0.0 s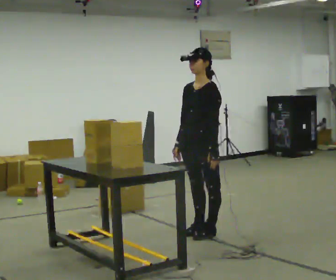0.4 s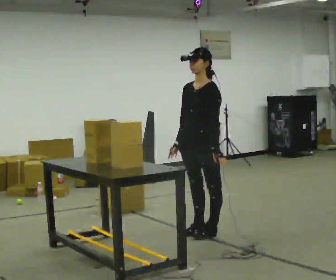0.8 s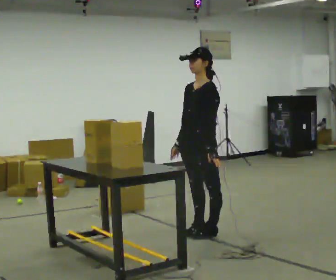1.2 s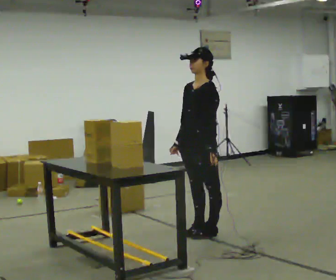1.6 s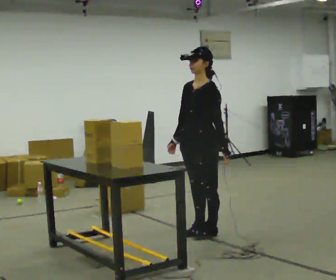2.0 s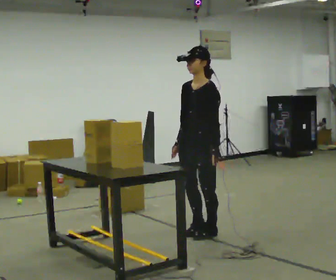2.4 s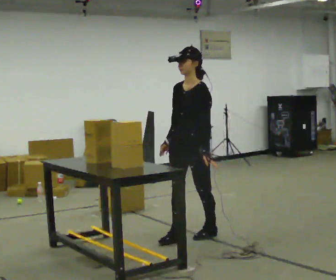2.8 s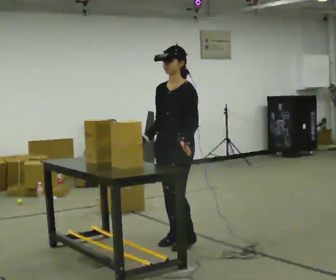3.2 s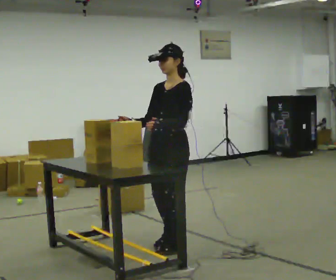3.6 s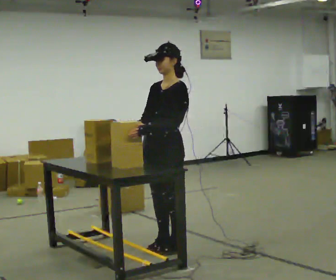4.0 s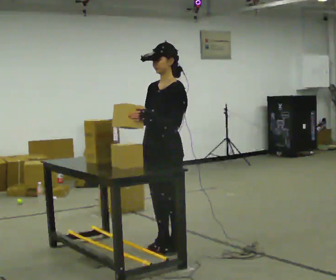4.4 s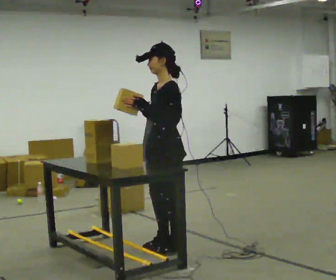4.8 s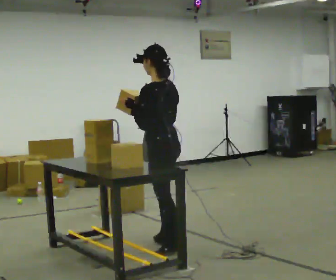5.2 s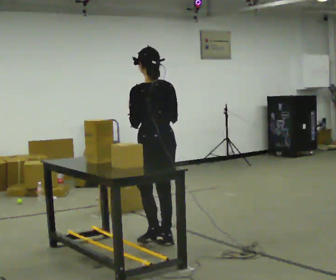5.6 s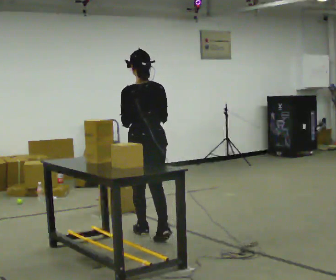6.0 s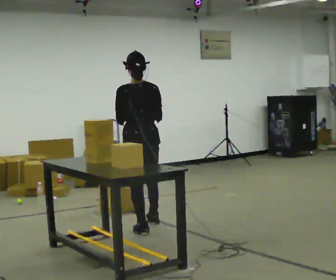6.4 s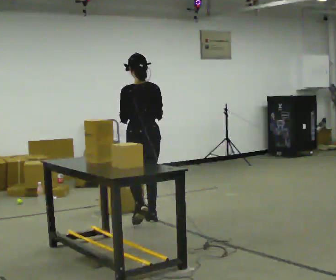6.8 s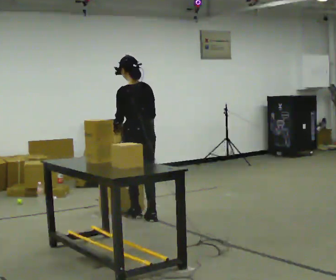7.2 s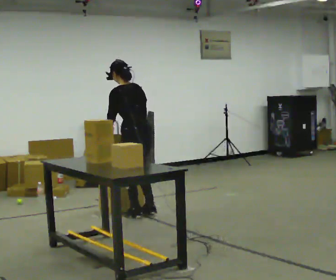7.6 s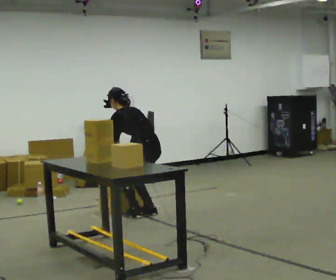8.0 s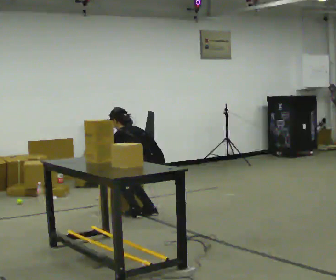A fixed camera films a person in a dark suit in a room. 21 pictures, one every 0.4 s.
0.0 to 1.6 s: The person moves a little, or ends about where they began.
1.6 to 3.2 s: In the picture they go toward the camera and to the left, about 0.5 m in 2 steps, which for them is forward.
3.2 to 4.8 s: The part of the body nearest the lens slides to the left as the person turns to their right by about 75 degrees.
4.8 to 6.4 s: Seen from above the body turns clockwise, about 30 degrees: to their right, with its near side sliding to the left. In the picture they go away from the camera, about 1 m in 2 steps, which for them is forward.
6.4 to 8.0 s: In the picture they go away from the camera, about 0.25 m in 2 steps, which for them is to their right and forward. The upper body goes downward. The upper body tips away from the camera, its near side rolling upward, as they bend forward. In the picture their right hand goes downward.
The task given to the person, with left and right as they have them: Take objects off the shelf one at a time and put them into the bin on the floor beside you, stepping between the shelf and the bin each time. Keep going until the operator says stop; one object at a time, and do not rush between trips.
The film runs forward here.
